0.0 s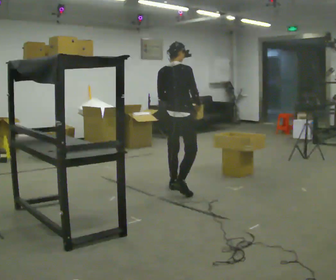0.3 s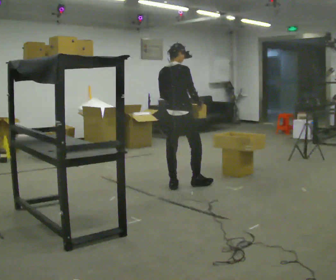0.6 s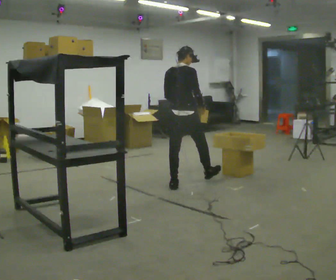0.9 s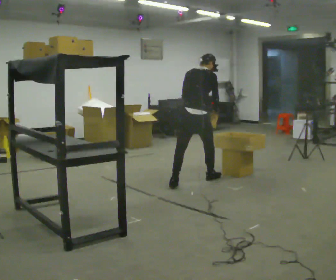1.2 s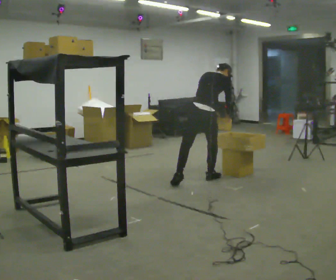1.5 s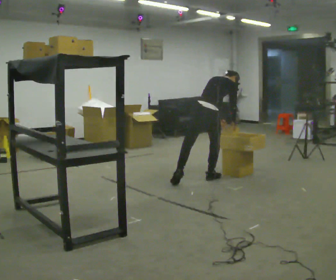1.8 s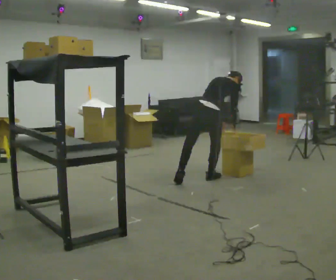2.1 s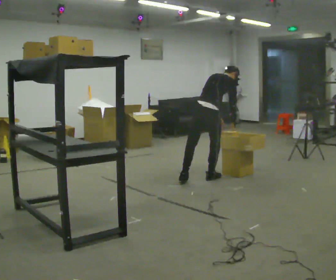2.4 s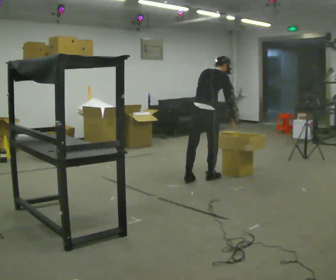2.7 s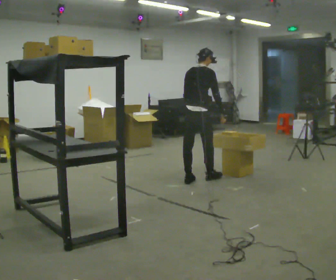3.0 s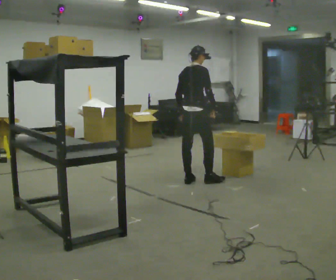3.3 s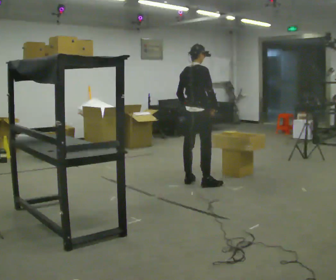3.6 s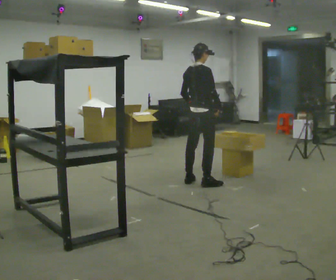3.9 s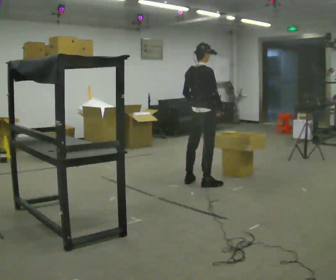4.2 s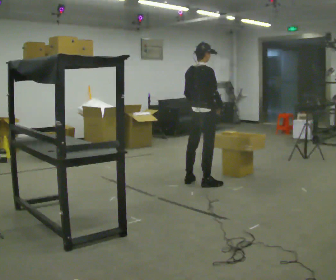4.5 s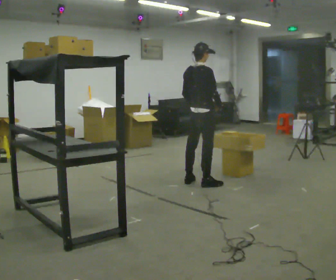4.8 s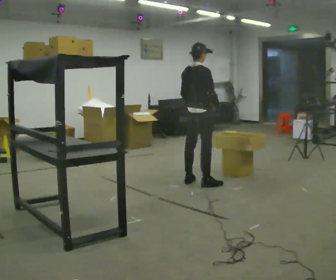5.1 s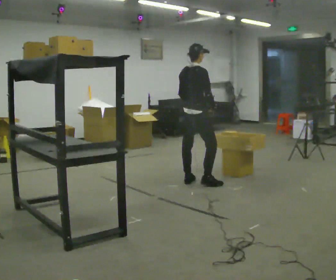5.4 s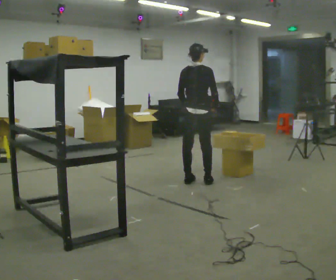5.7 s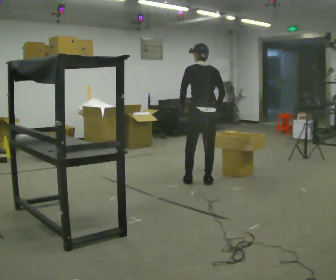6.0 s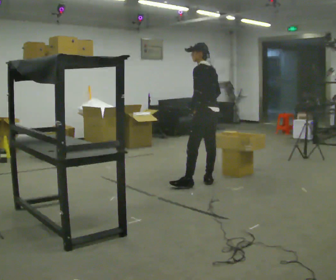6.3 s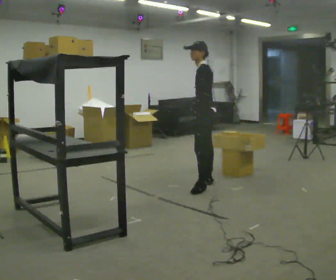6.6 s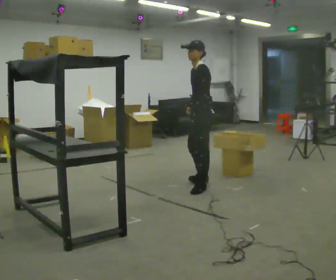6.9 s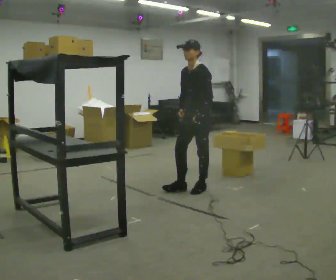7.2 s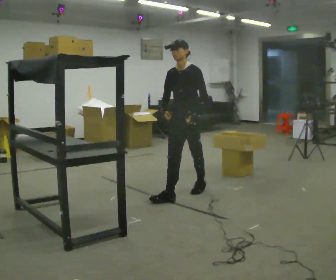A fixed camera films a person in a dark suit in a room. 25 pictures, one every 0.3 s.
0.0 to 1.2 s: In the picture they go away from the camera and to the right, about 0.5 m in 1 step, which for them is forward. The upper body tips away from the camera, its near side rolling upward, as they bend forward.
1.2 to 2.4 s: The person moves a little, or ends about where they began.
2.4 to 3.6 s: The upper body tips toward the camera, its near side rolling downward, as they lean back or straighten.
3.6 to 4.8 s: The person moves a little, or ends about where they began.
4.8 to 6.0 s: The person turns about 105 degrees to their left, counterclockwise seen from above, so the part of the body nearest the lens slides to the right. In the picture they go to the right, about 0.25 m.
6.0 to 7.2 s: The person turns about 90 degrees to their left, counterclockwise seen from above, so the part of the body nearest the lens slides to the right. In the picture they go toward the camera and to the left, about 0.5 m in 2 steps.
The film runs forward here.
